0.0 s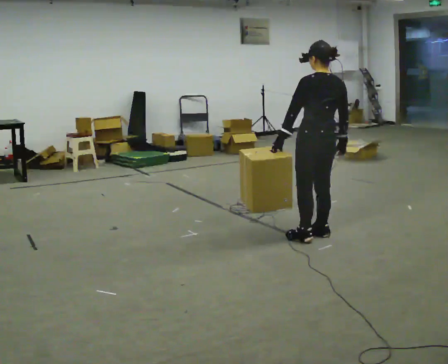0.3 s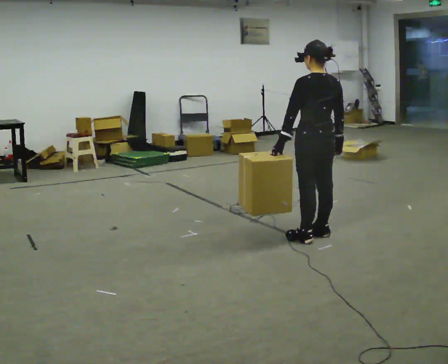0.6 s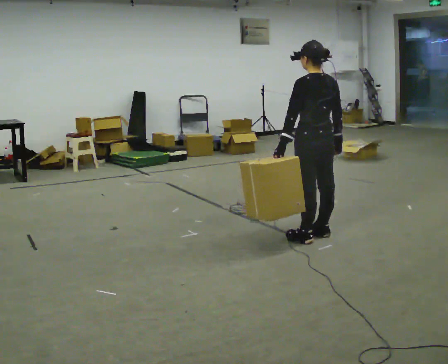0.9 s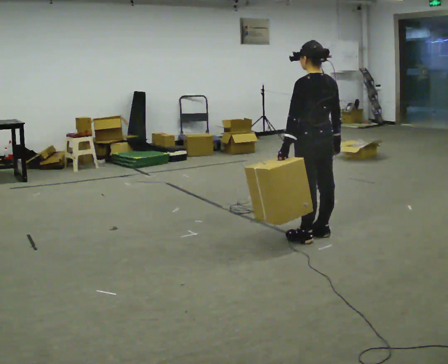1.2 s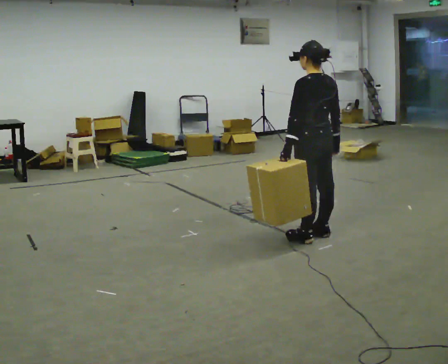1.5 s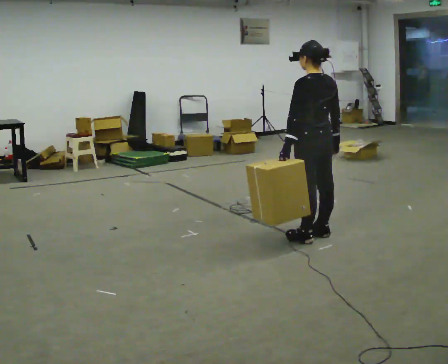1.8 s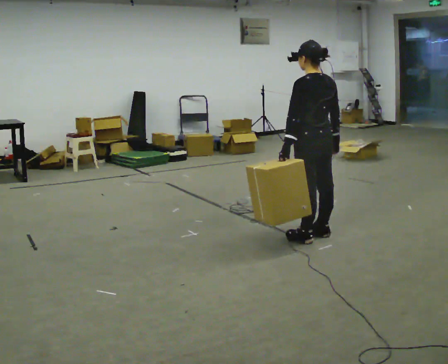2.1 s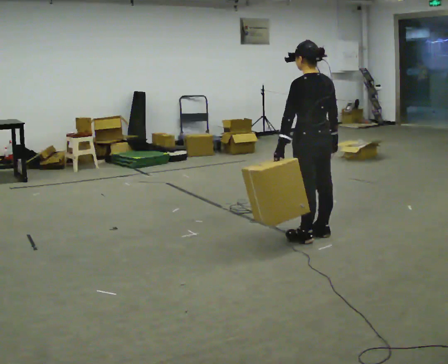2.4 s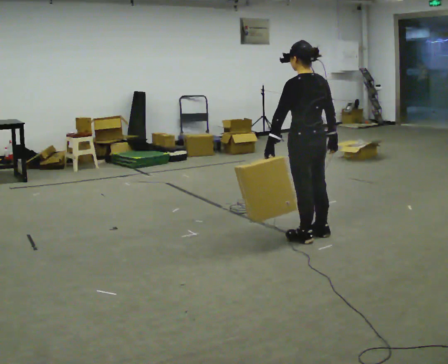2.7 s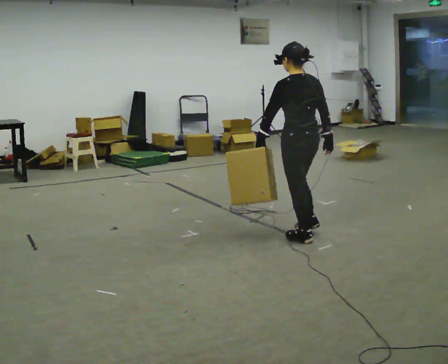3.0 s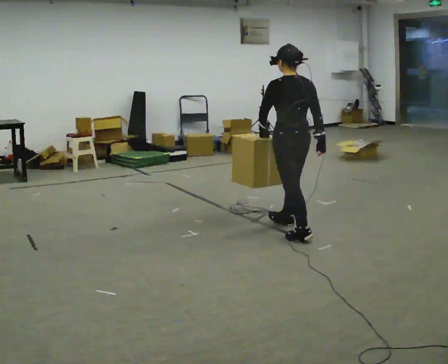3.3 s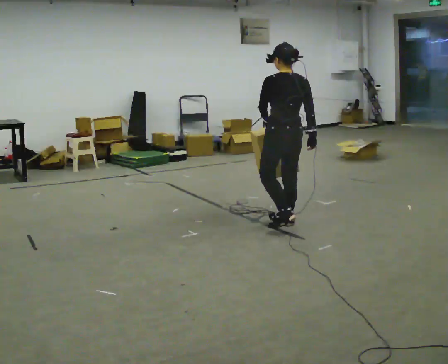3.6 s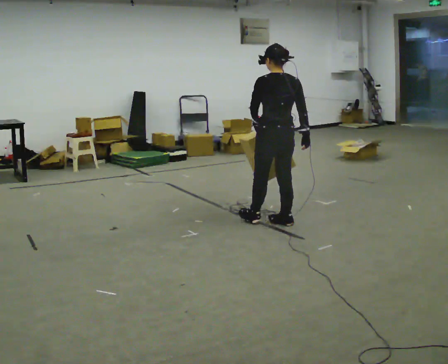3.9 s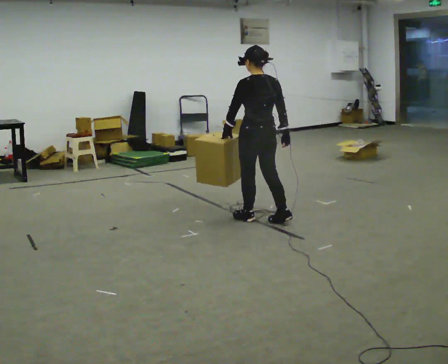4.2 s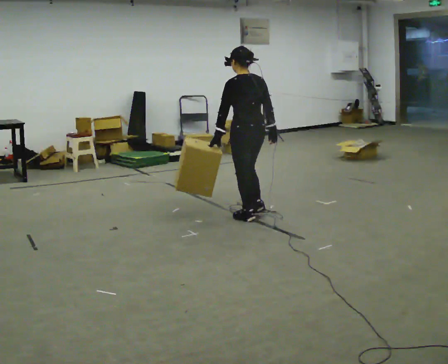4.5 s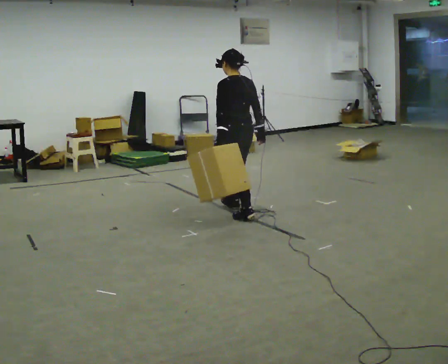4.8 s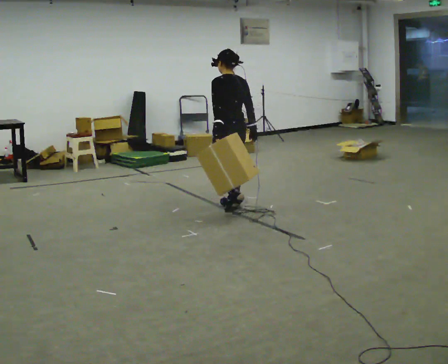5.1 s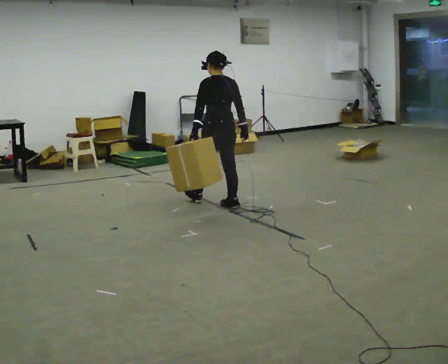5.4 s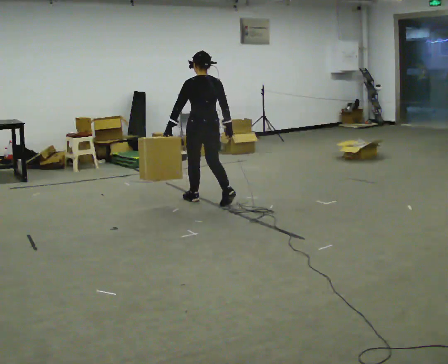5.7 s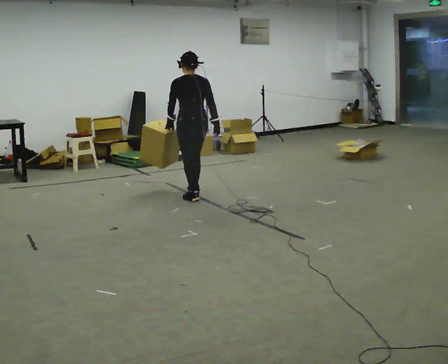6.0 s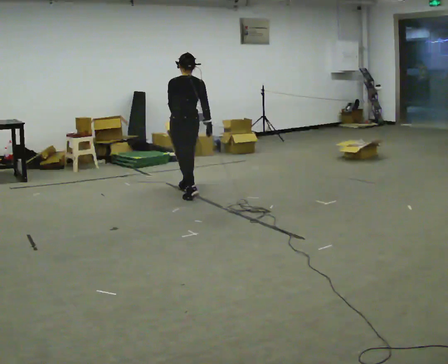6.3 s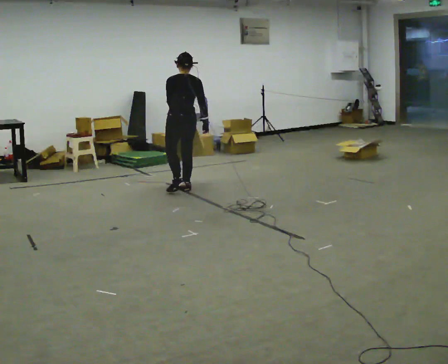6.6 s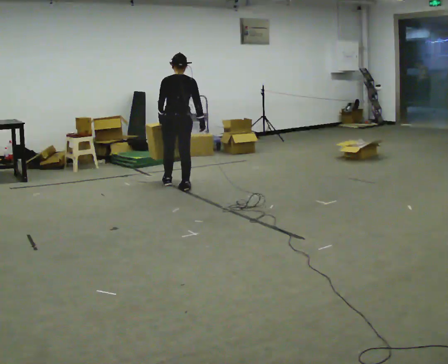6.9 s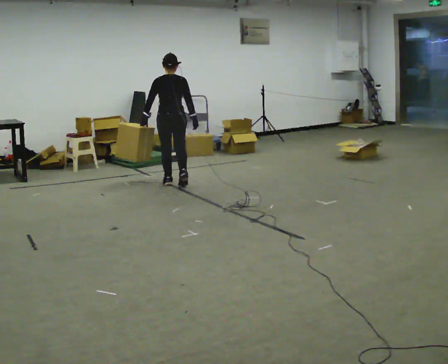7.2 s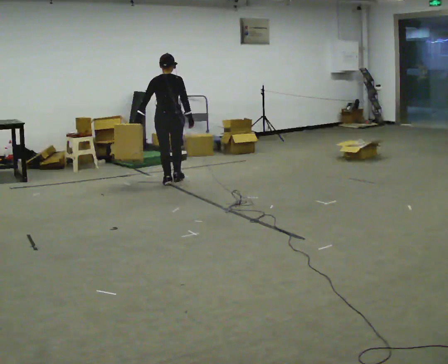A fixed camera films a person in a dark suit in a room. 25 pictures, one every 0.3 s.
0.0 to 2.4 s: The person moves a little, or ends about where they began.
2.4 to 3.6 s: In the picture they go away from the camera and to the left, about 0.5 m in 1 step, which for them is forward.
3.6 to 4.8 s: In the picture they go away from the camera and to the left, about 0.75 m in 2 steps, which for them is forward.
4.8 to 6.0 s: In the picture they go away from the camera and to the left, about 1 m in 2 steps, which for them is forward.
6.0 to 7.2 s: In the picture they go away from the camera and to the left, about 0.5 m in 1 step, which for them is forward.
The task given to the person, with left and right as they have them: Carry the object in the hand the operator calls, down at your side, walking back and forth across the room.
The film runs forward here.
